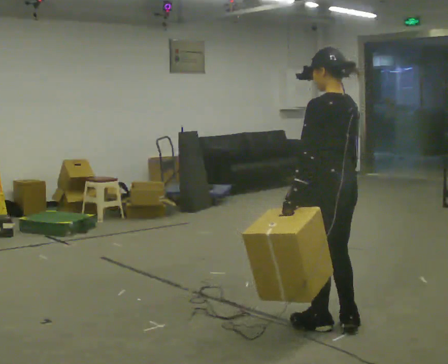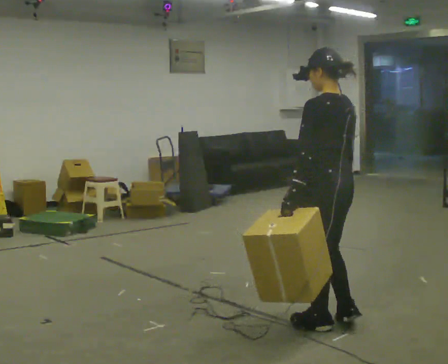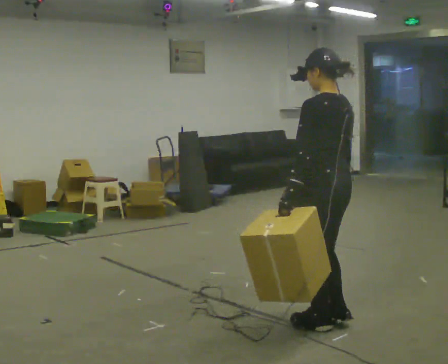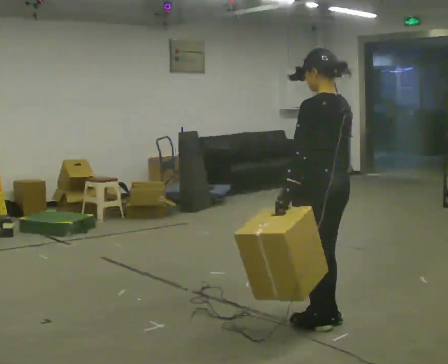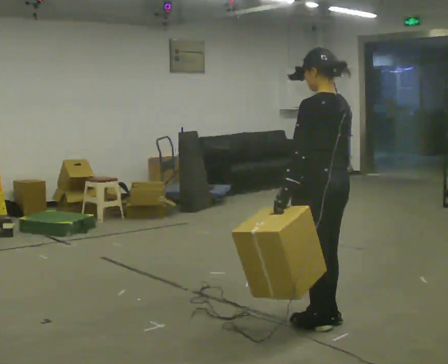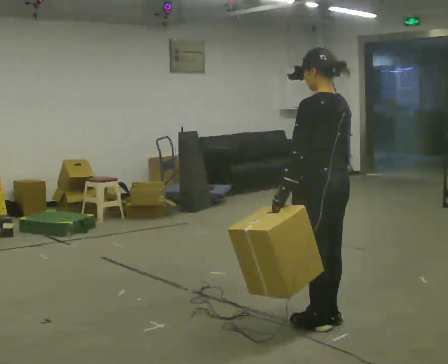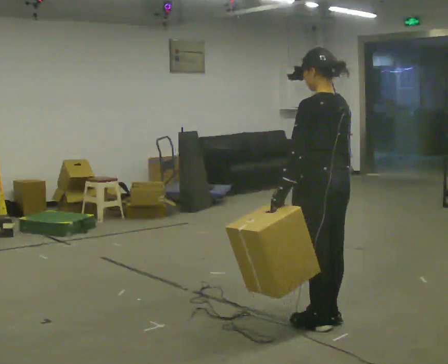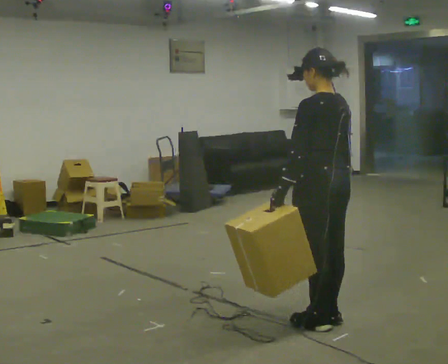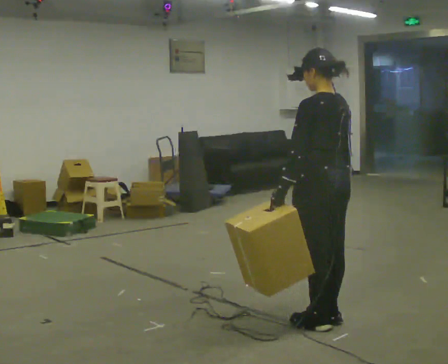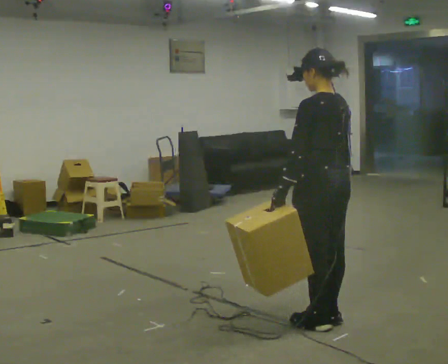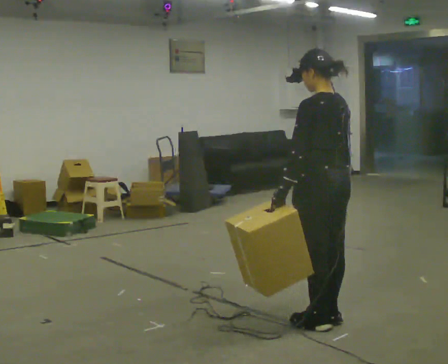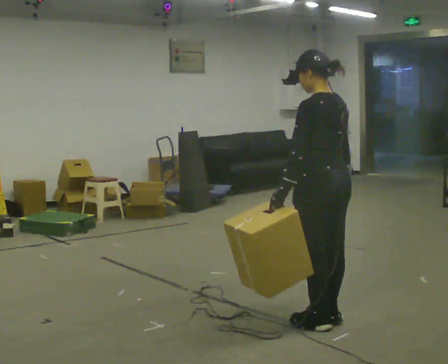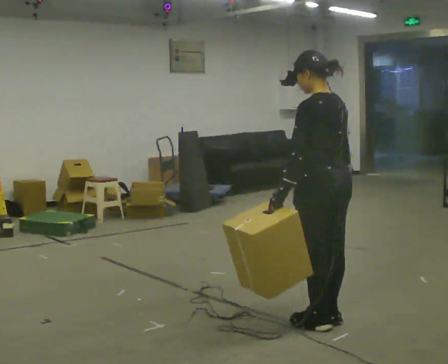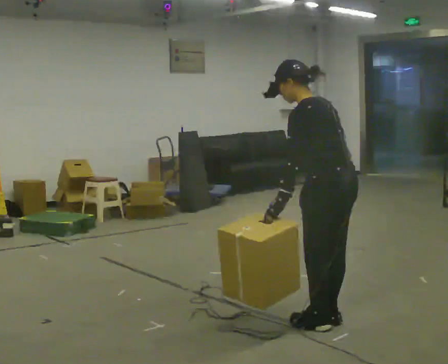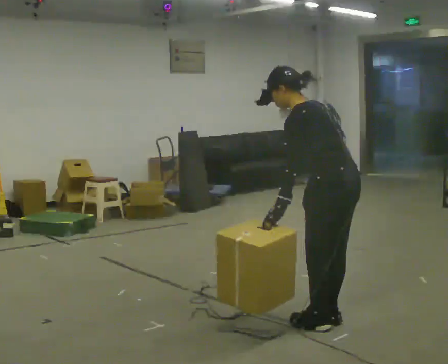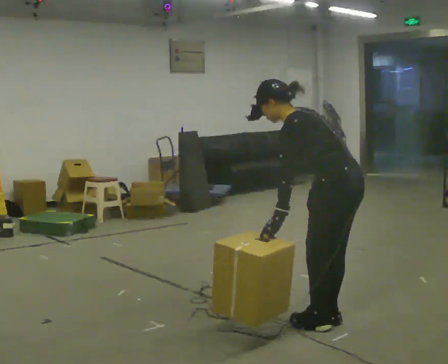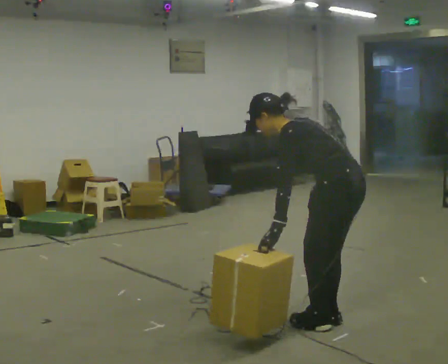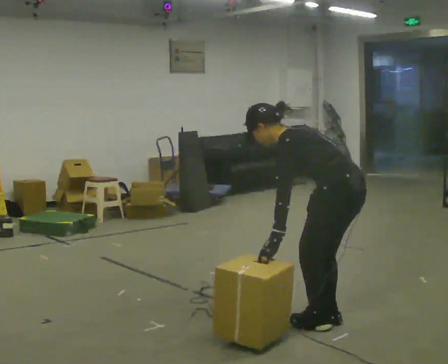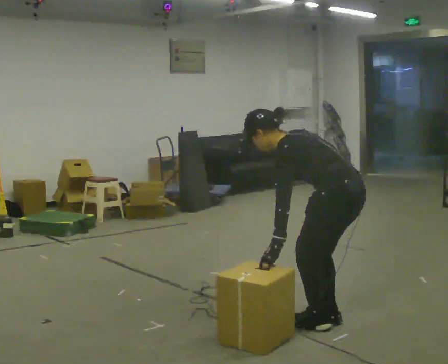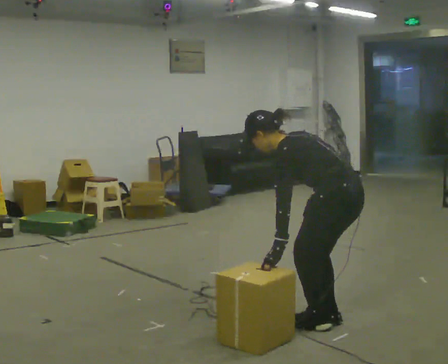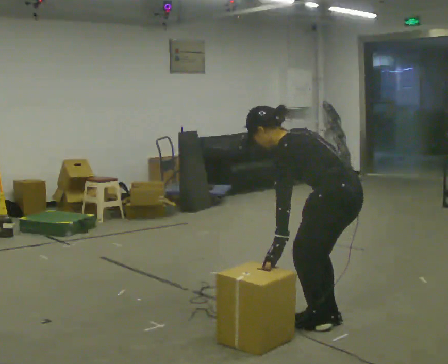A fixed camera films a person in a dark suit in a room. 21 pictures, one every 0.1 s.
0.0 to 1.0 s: The person moves a little, or ends about where they began.
1.0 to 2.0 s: The upper body goes downward. In the picture the upper body tilts counterclockwise, shoulders to the left, as they bend forward.
The film runs forward here.
